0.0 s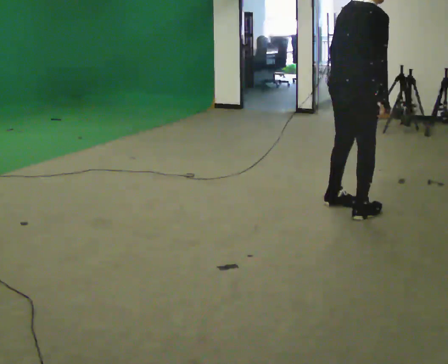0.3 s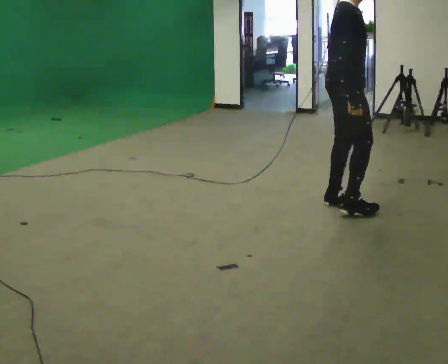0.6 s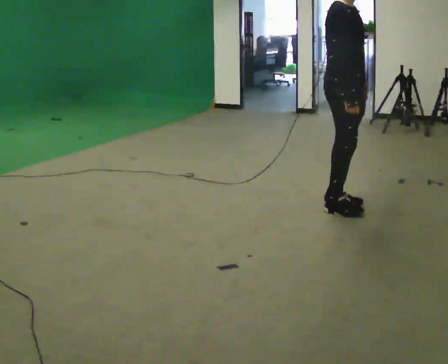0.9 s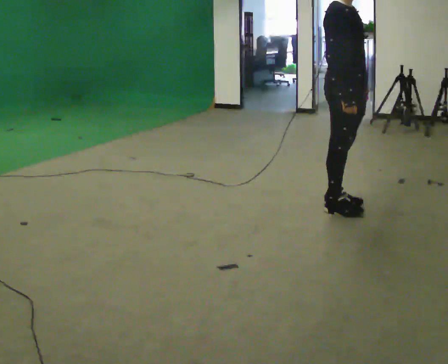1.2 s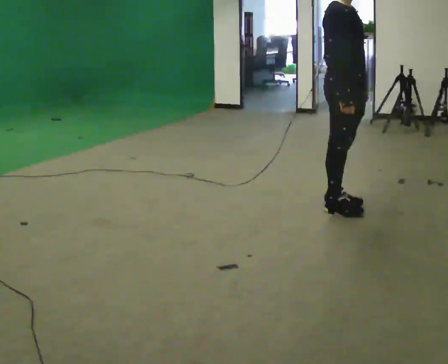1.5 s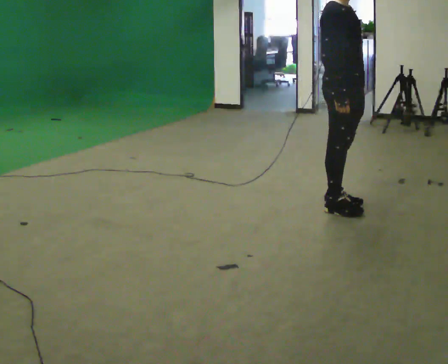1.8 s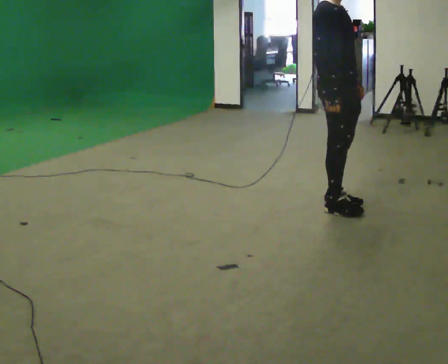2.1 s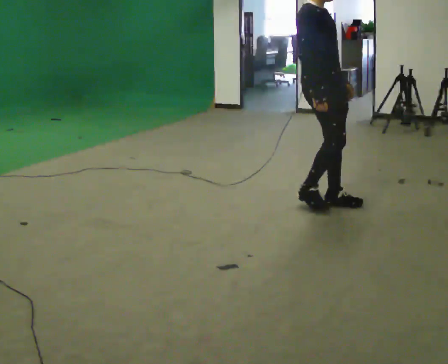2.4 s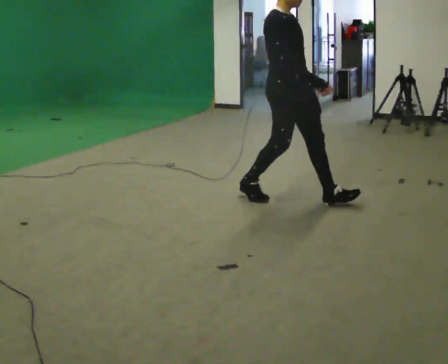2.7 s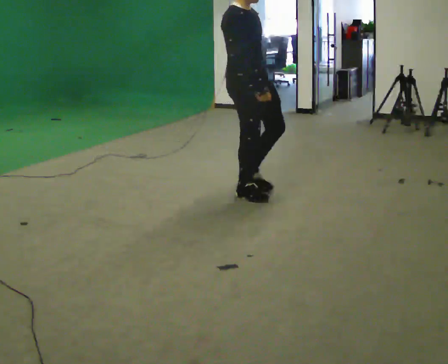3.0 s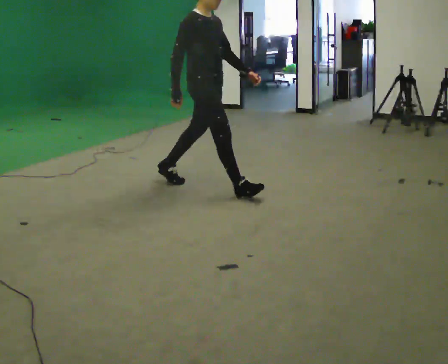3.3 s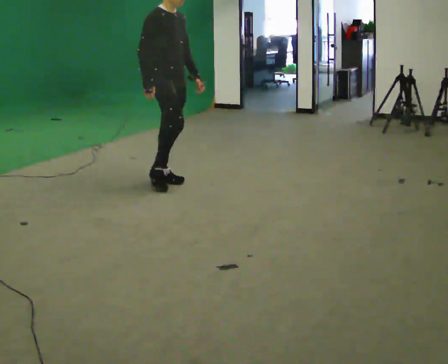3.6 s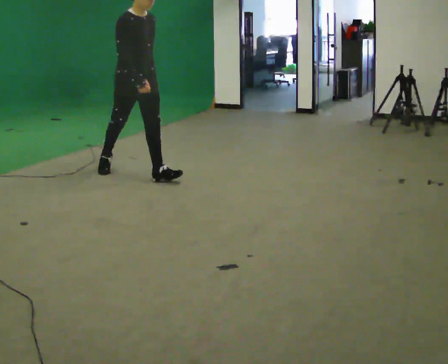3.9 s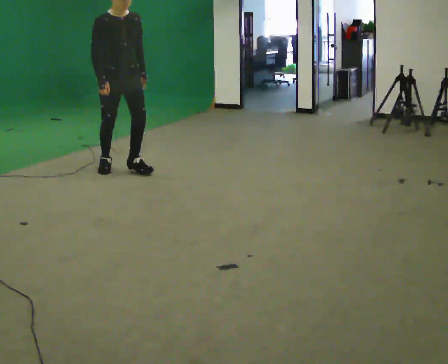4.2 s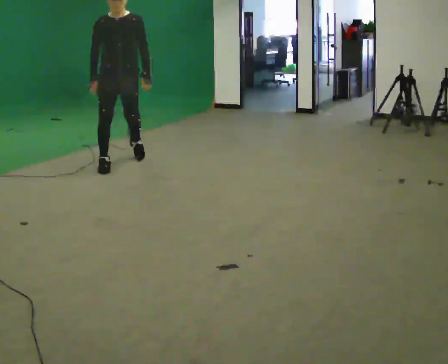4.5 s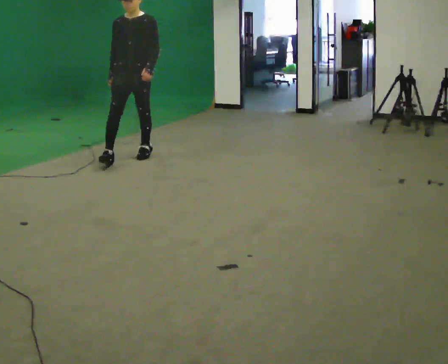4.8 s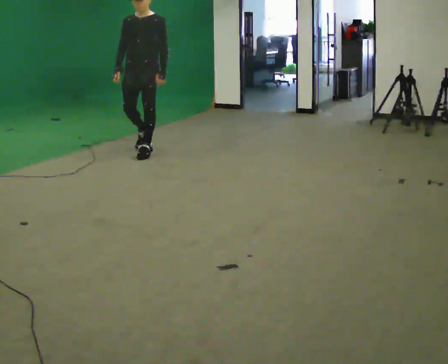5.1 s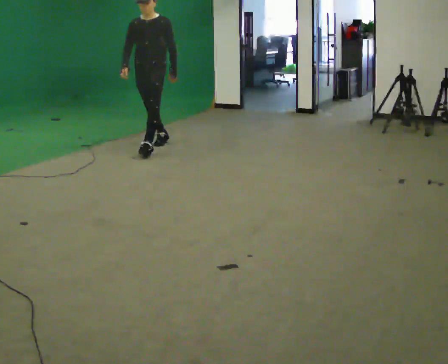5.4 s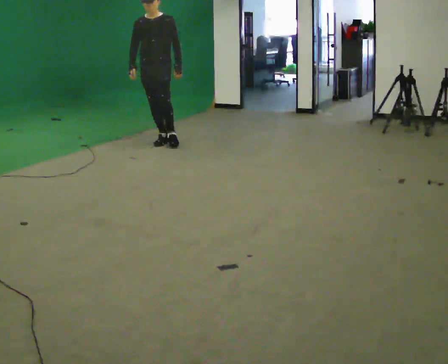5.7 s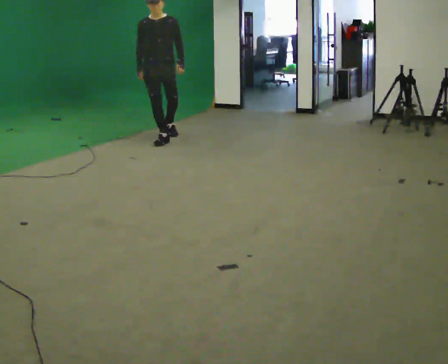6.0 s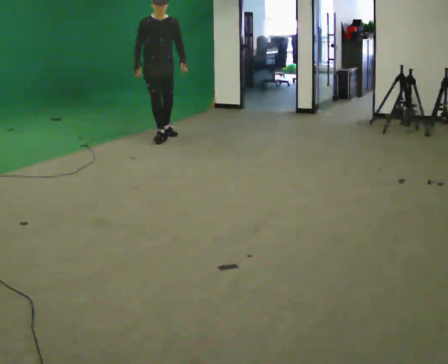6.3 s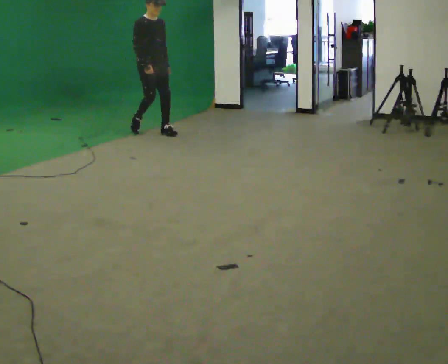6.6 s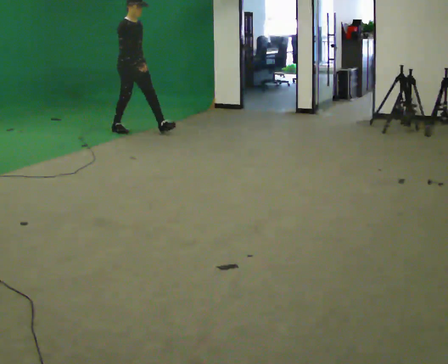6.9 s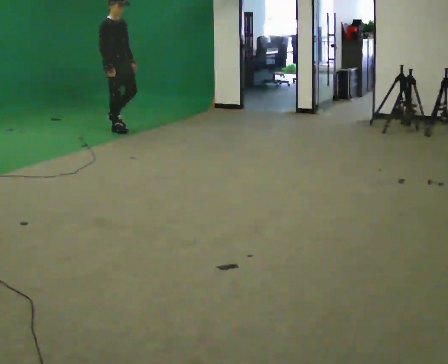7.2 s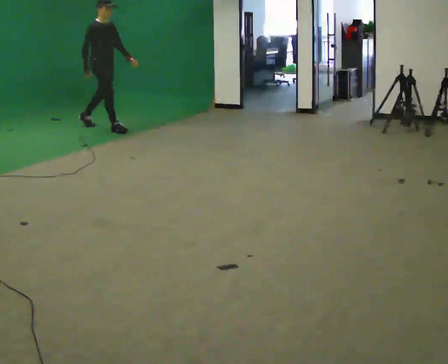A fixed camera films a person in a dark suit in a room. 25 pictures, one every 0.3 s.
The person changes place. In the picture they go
away from the camera.
0.0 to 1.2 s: Seen from above the body turns clockwise, about 60 degrees: to their right, with its near side sliding to the left.
1.2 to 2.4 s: In the picture they go to the left and away from the camera, about 0.5 m in 1 step, which for them is backward.
2.4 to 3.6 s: In the picture they go to the left and away from the camera, about 1.5 m in 2 steps, which for them is backward.
3.6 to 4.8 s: The part of the body nearest the lens slides to the left as the person turns to their right by about 60 degrees. In the picture they go away from the camera, about 1 m in 2 steps.
4.8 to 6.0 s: The person turns about 30 degrees to their left, counterclockwise seen from above, so the part of the body nearest the lens slides to the right. In the picture they go away from the camera, about 1 m in 2 steps, which for them is backward.
6.0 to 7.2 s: Seen from above the body turns counterclockwise, about 45 degrees: to their left, with its near side sliding to the right. In the picture they go to the left and away from the camera, about 1 m in 1 step, which for them is backward.
The film runs backward here.
